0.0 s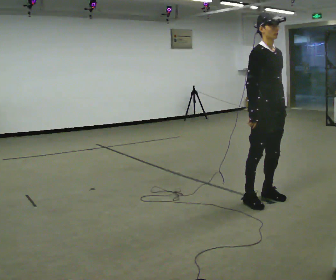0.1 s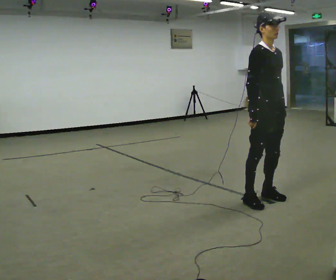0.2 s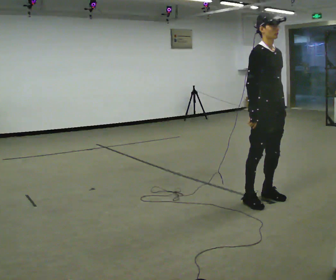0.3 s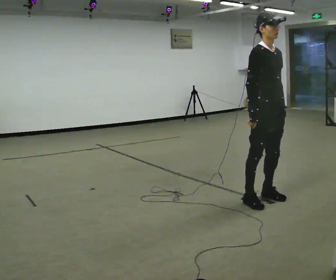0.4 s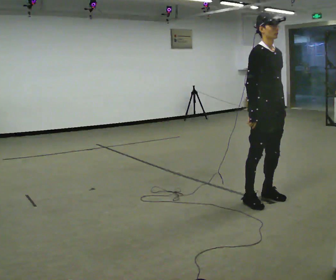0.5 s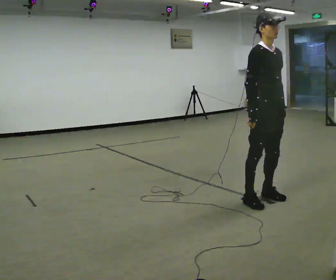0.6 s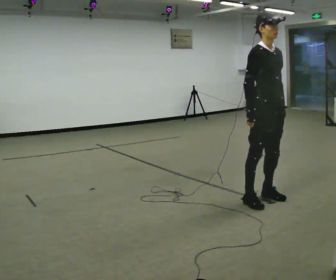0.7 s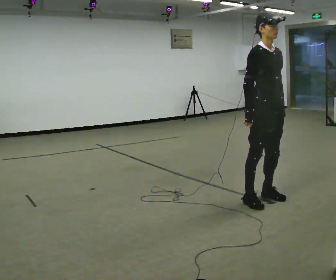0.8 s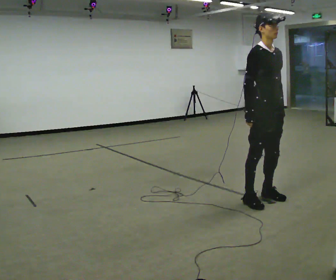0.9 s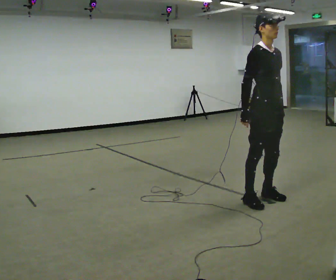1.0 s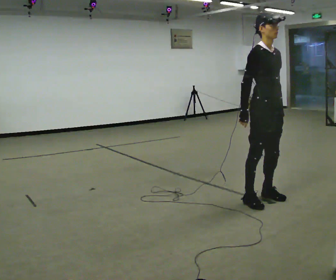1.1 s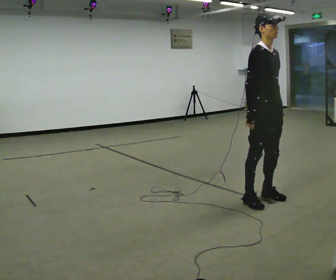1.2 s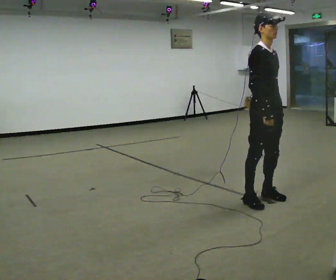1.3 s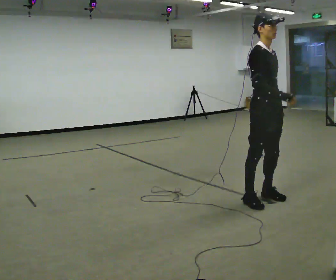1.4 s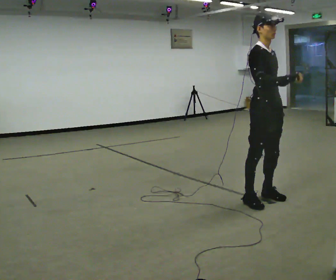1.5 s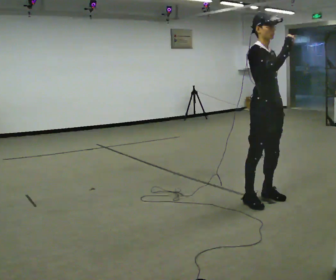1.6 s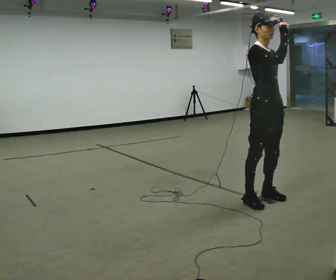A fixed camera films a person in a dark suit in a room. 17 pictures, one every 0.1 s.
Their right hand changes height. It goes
upward.
0.0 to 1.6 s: In the picture their right hand goes upward.
The film runs backward here.
